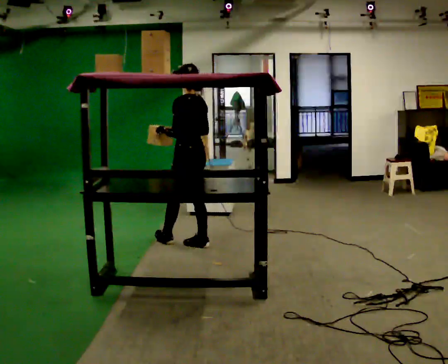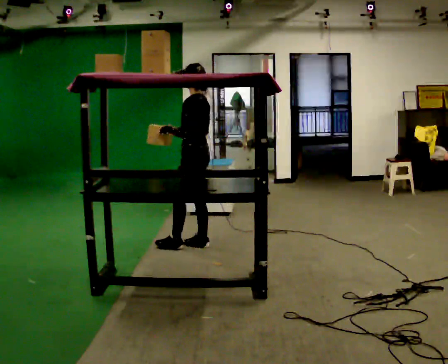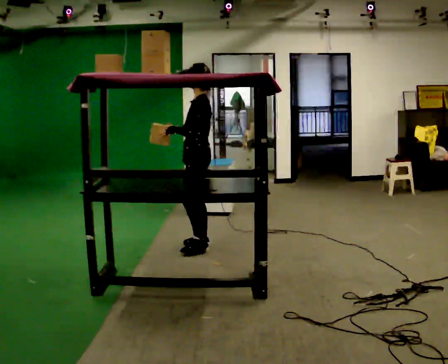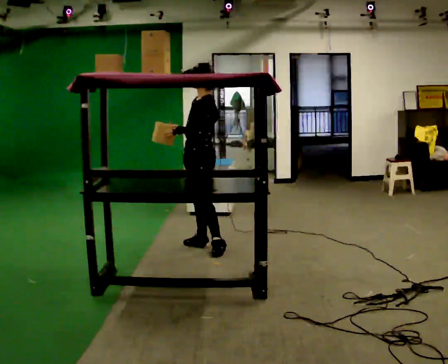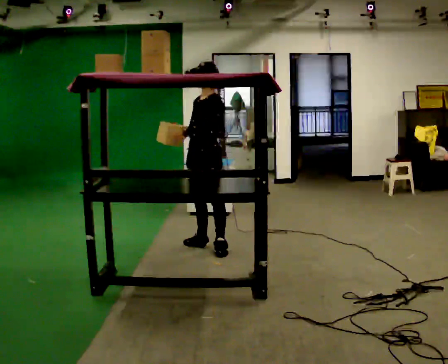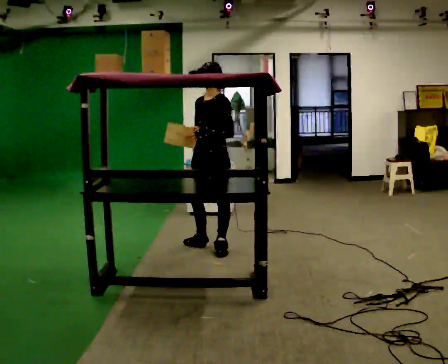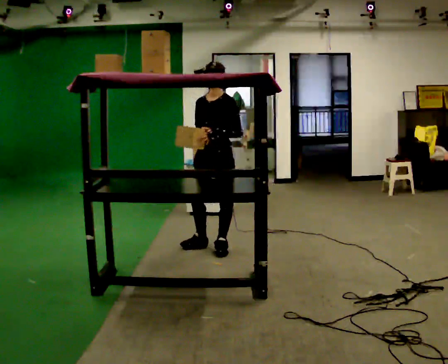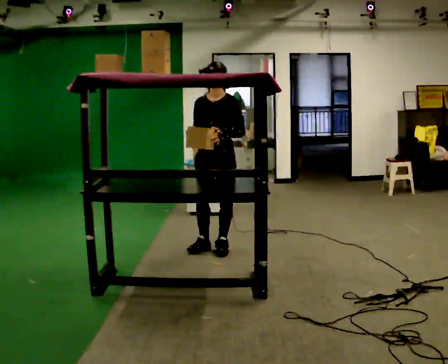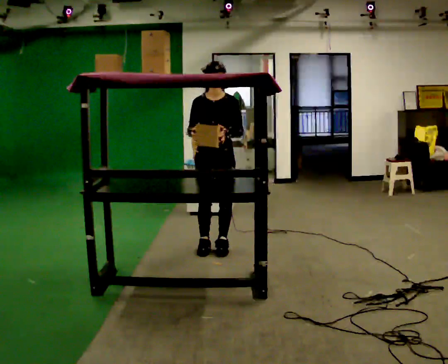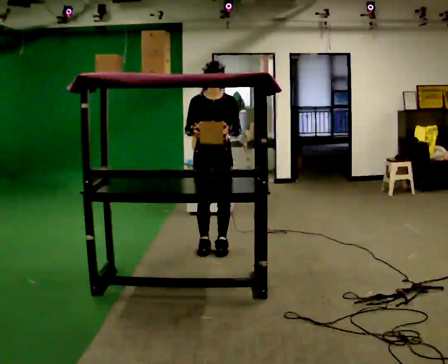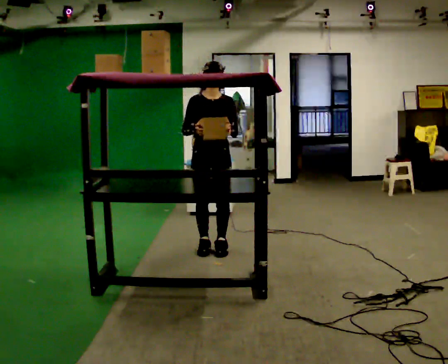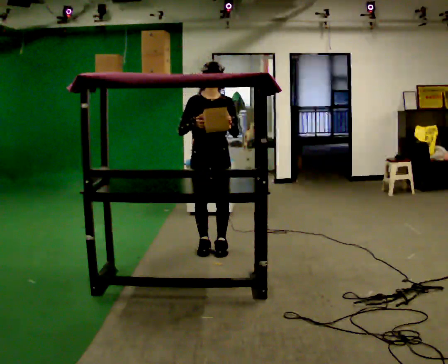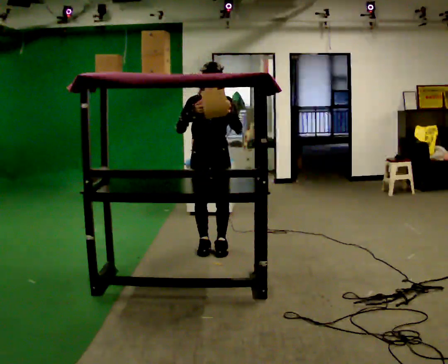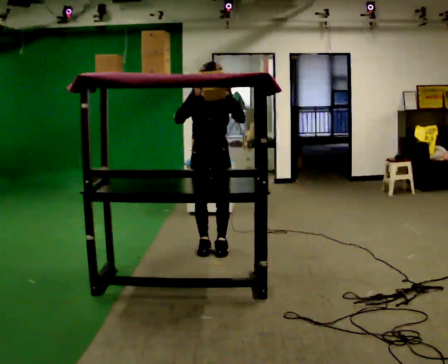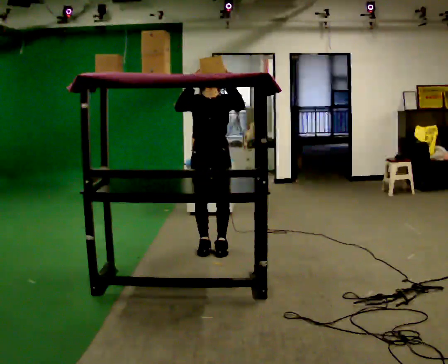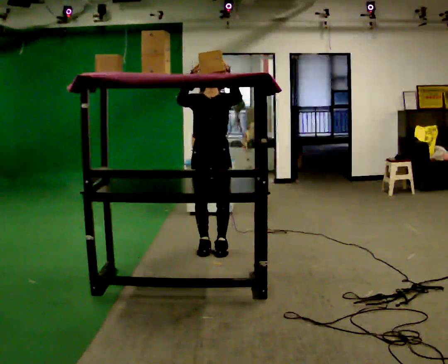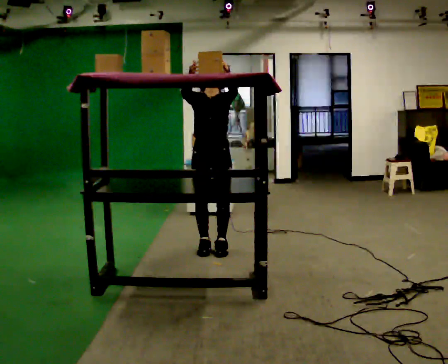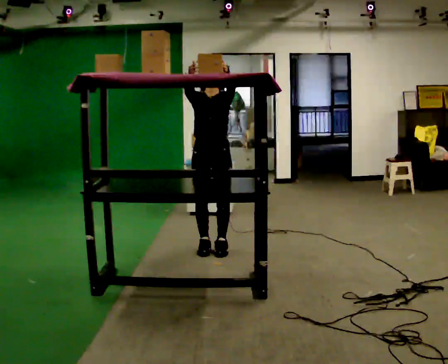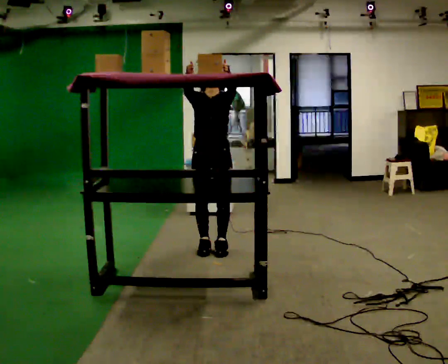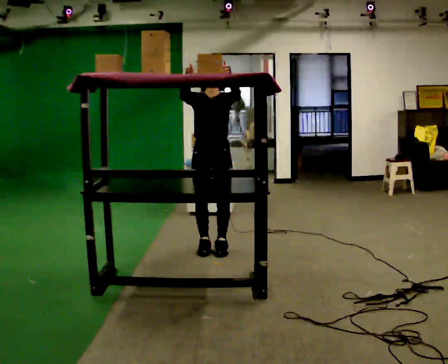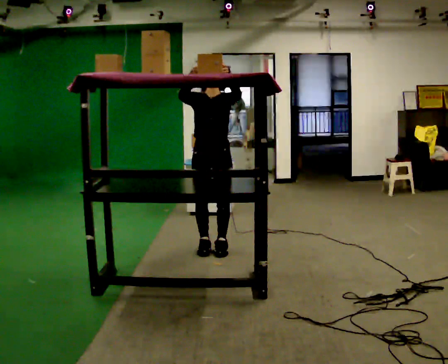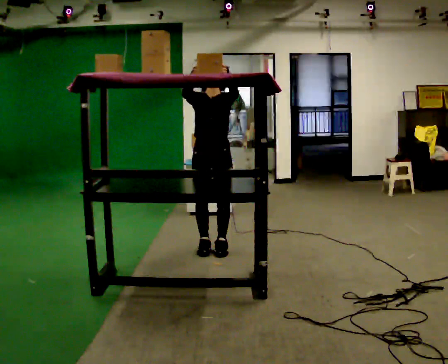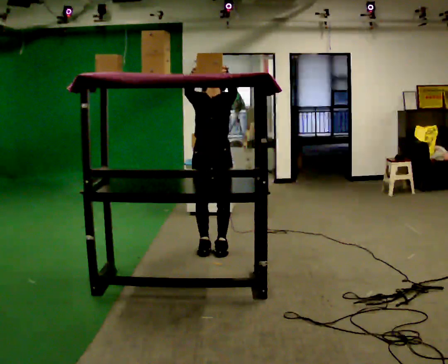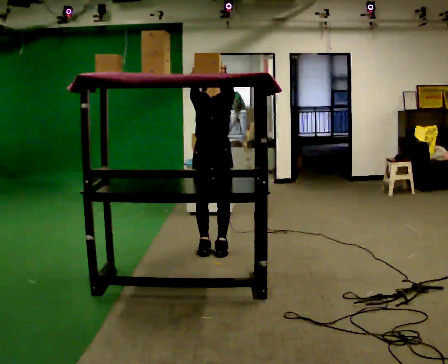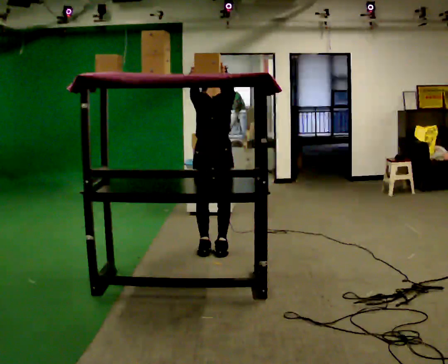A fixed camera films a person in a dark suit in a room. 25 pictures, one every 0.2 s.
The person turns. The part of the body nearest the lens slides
to the right.
The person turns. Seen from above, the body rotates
counterclockwise.
0.0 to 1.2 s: The part of the body nearest the lens slides to the right as the person turns to their left by about 90 degrees. In the picture they go to the right, about 0.25 m.
1.2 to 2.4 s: The person turns about 45 degrees to their left, counterclockwise seen from above, so the part of the body nearest the lens slides to the right.
2.4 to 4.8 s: The person moves a little, or ends about where they began.
The film runs backward here.
